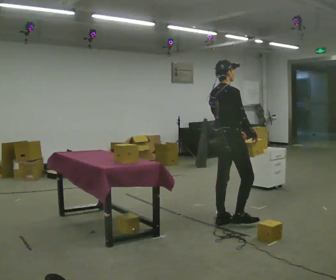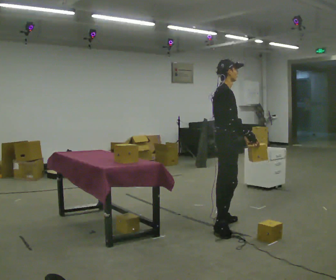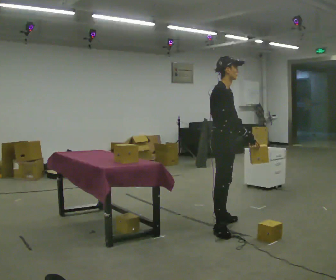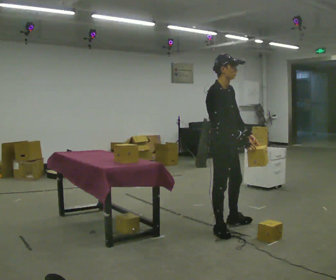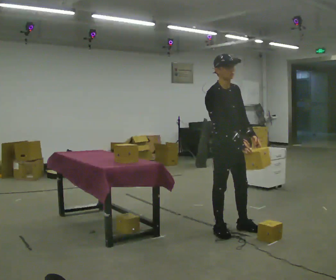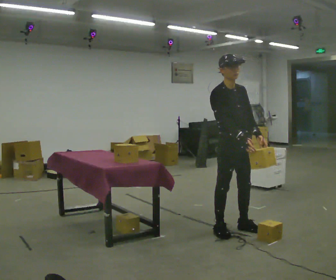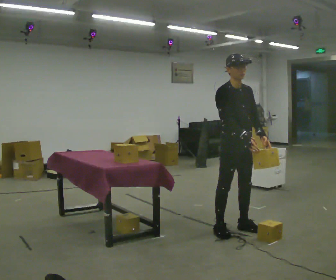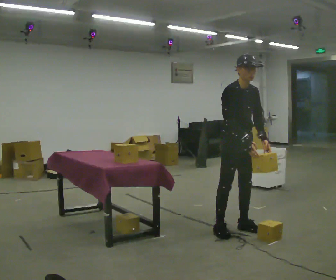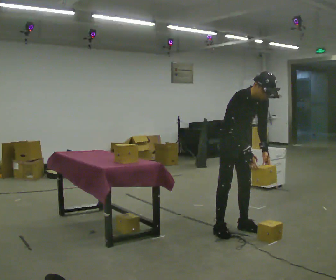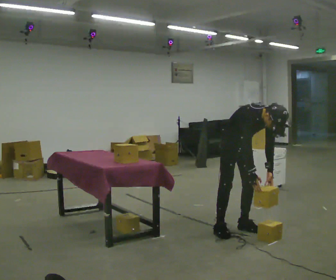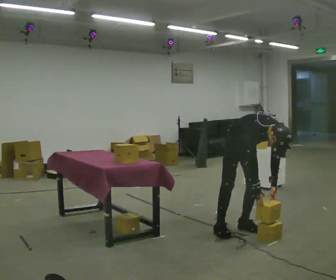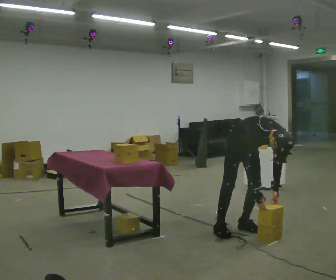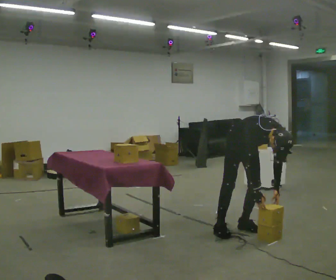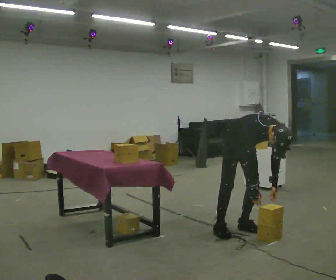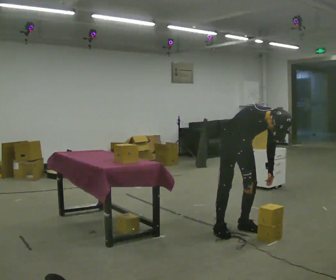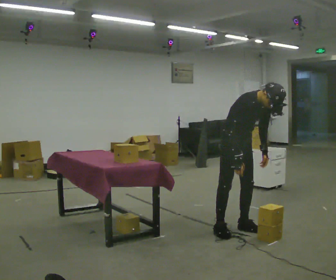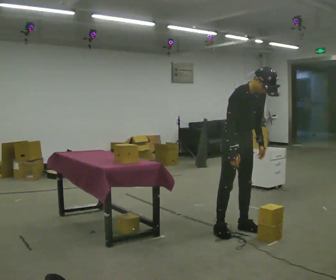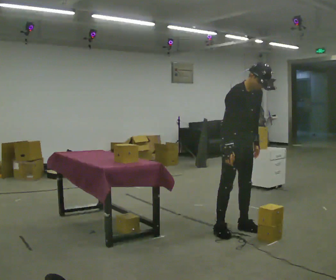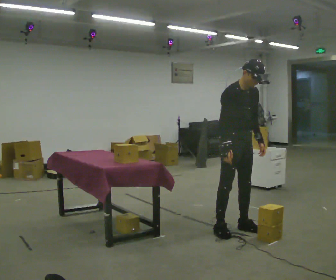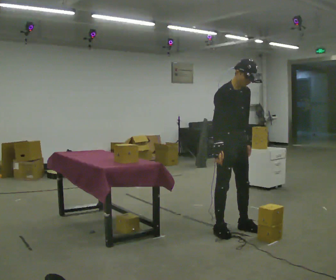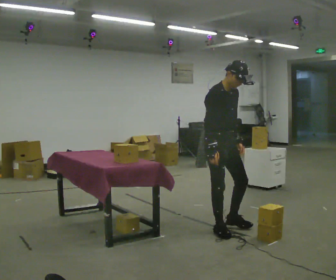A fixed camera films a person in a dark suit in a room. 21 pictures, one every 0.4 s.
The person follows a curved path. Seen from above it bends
clockwise.
0.0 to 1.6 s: The part of the body nearest the lens slides to the left as the person turns to their right by about 75 degrees. In the picture they go toward the camera, about 0.25 m in 1 step.
1.6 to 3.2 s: In the picture the upper body tilts clockwise, shoulders to the right, as they bend forward.
3.2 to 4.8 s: The upper body goes downward. The upper body tips toward the camera, its near side rolling downward, as they bend forward. In the picture their right hand goes downward.
4.8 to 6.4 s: The upper body goes upward. The upper body tips away from the camera, its near side rolling upward, as they lean back or straighten. In the picture their left hand goes upward.
6.4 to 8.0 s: In the picture they go to the left, about 0.25 m in 1 step, which for them is to their right.
The film runs backward here.
